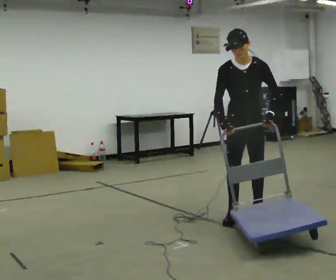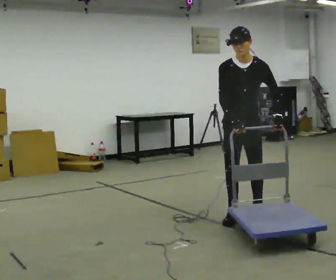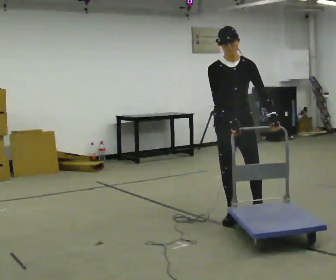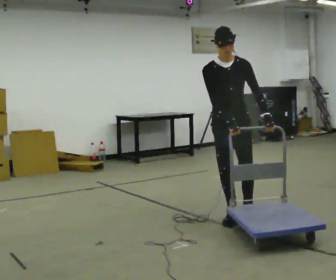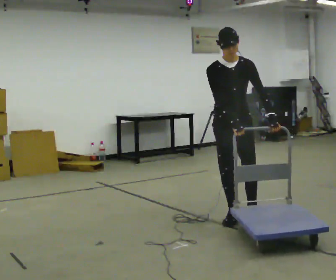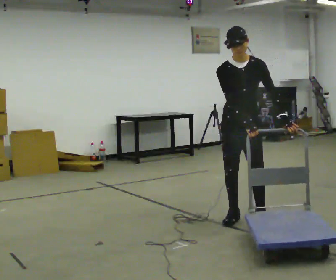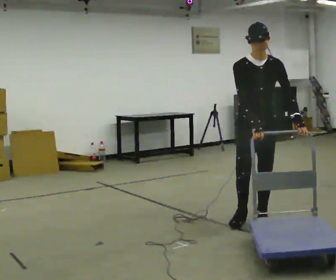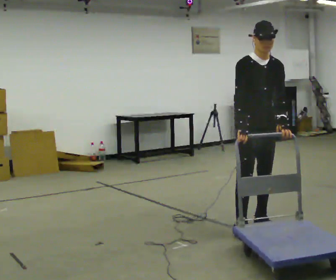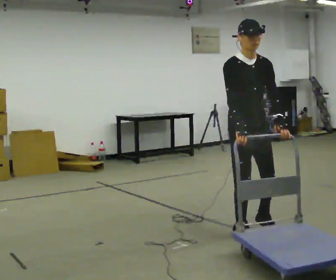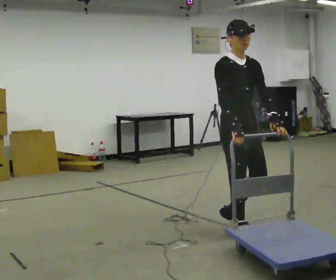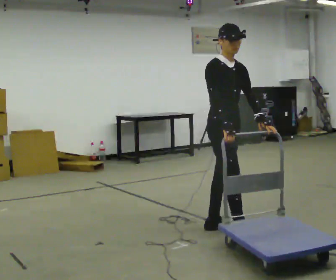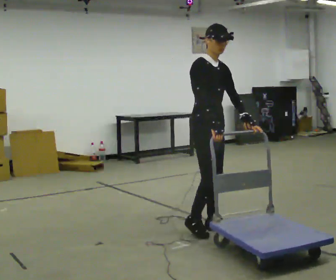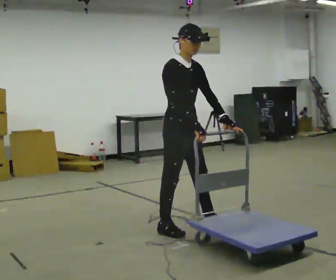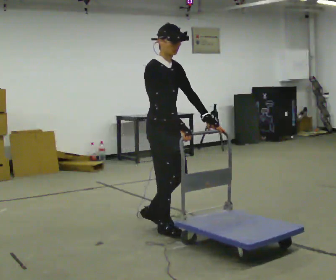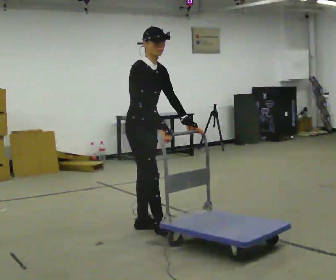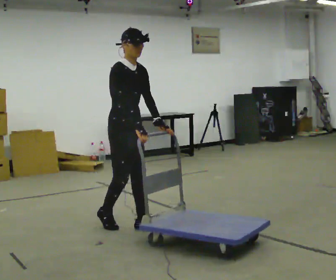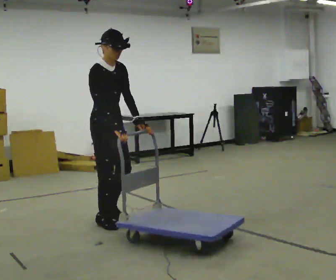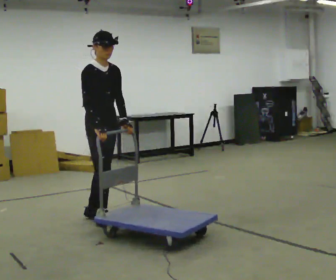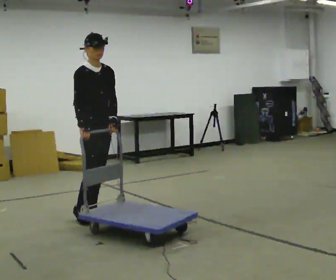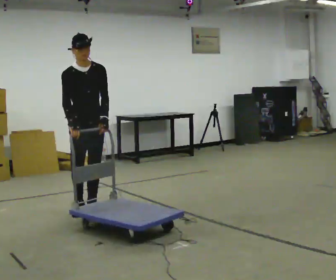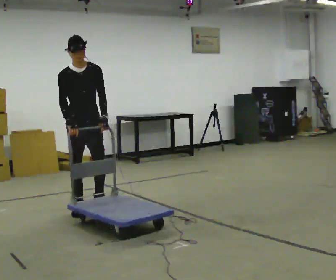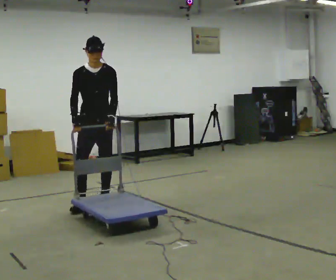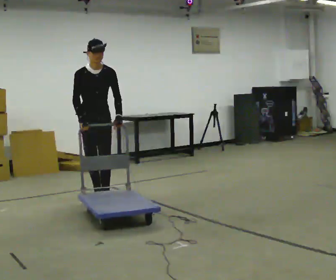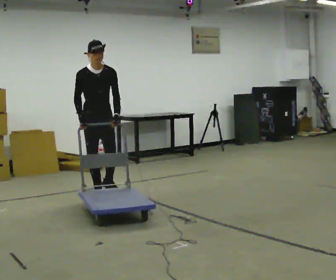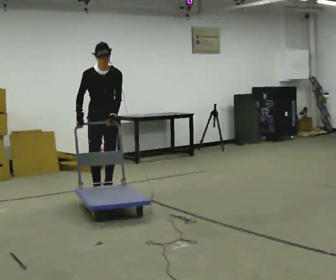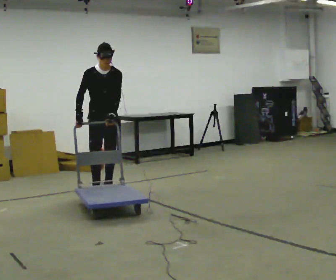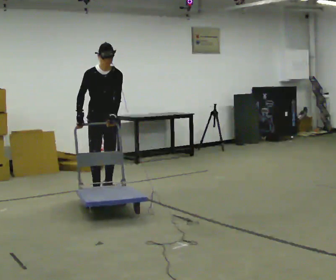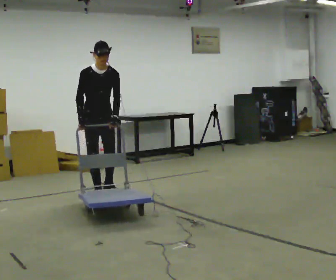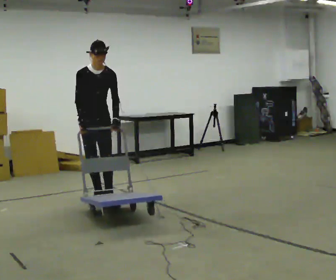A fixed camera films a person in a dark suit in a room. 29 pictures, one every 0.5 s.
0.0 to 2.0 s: The person moves a little, or ends about where they began.
2.0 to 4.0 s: In the picture they go toward the camera, about 0.5 m in 2 steps, which for them is forward.
4.0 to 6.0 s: The part of the body nearest the lens slides to the right as the person turns to their left by about 30 degrees. In the picture they go to the left, about 0.5 m in 2 steps, which for them is backward and to their right.
6.0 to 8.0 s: In the picture they go to the left and away from the camera, about 0.75 m in 3 steps, which for them is backward.
8.0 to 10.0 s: The person turns about 45 degrees to their right, clockwise seen from above, so the part of the body nearest the lens slides to the left. In the picture they go away from the camera and to the left, about 0.5 m in 2 steps, which for them is backward.
10.0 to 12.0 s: In the picture they go away from the camera, about 0.5 m in 2 steps, which for them is backward.
12.0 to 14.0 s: In the picture they go toward the camera, about 0.25 m in 1 step, which for them is forward.
The film runs backward here.
